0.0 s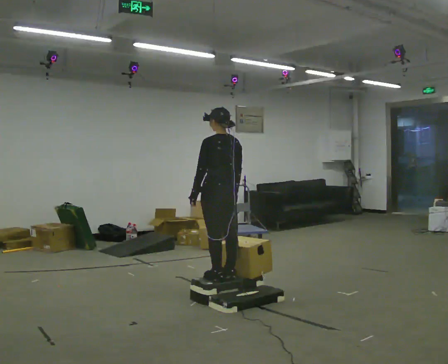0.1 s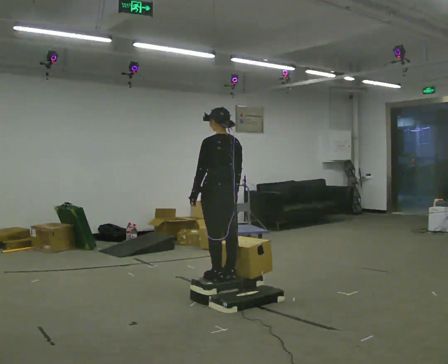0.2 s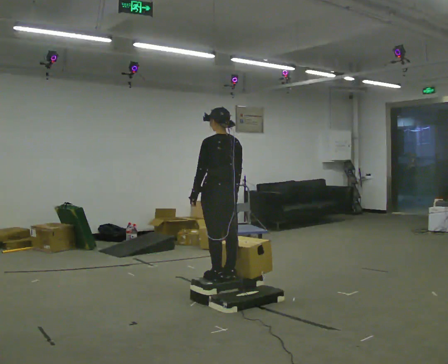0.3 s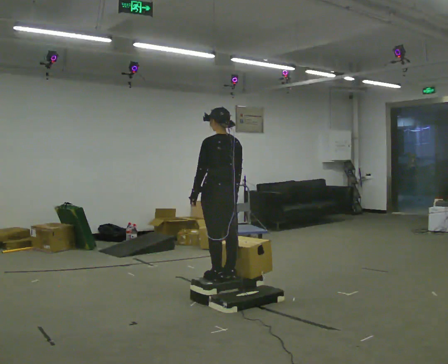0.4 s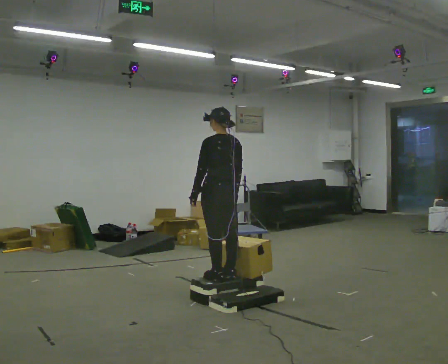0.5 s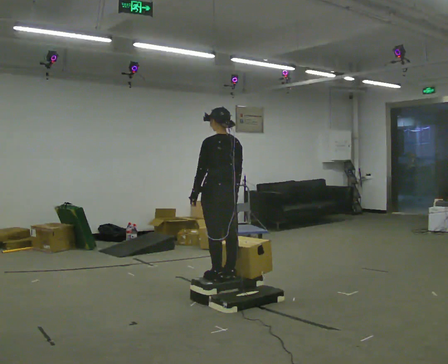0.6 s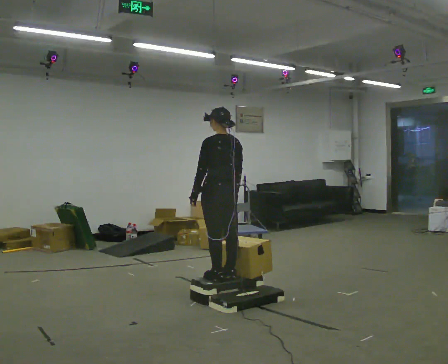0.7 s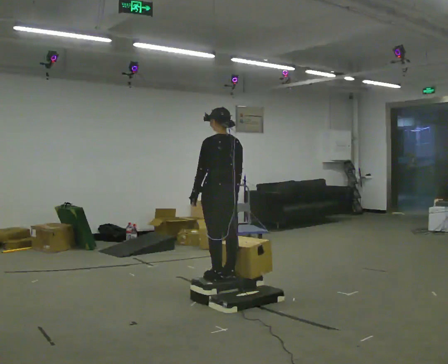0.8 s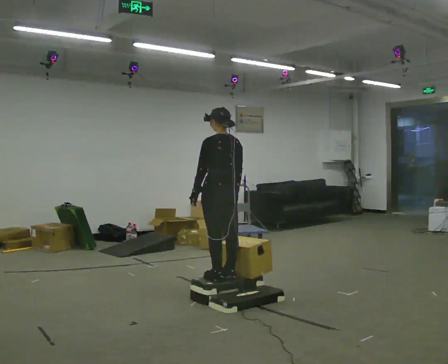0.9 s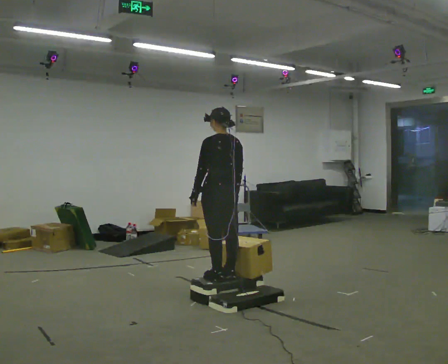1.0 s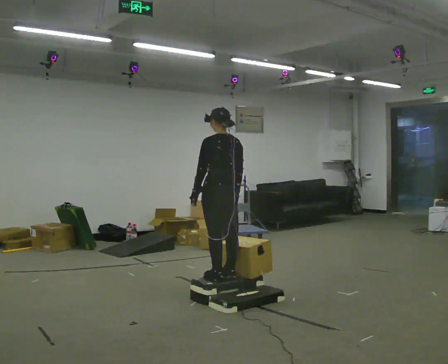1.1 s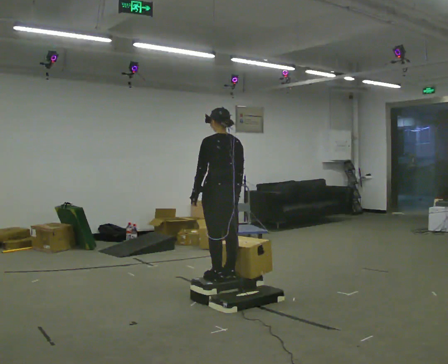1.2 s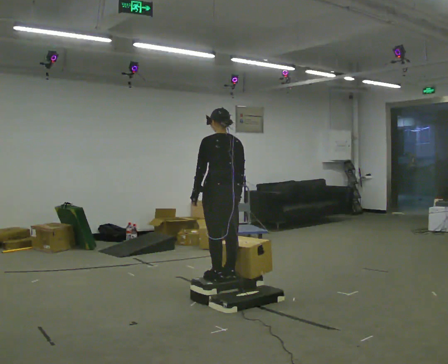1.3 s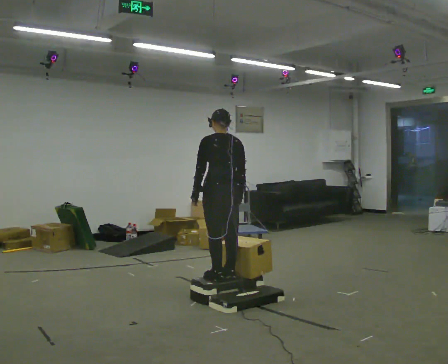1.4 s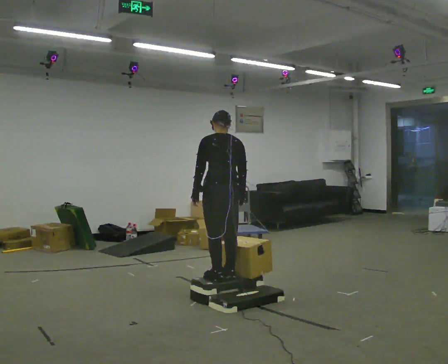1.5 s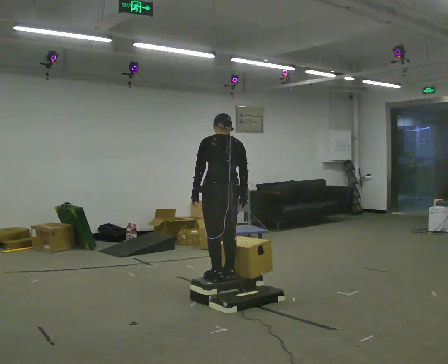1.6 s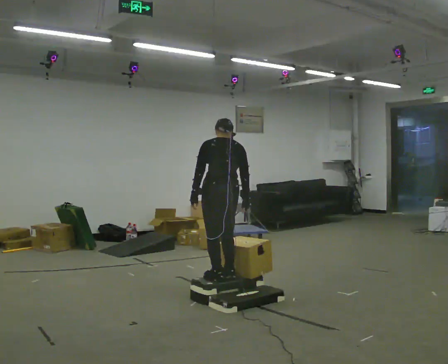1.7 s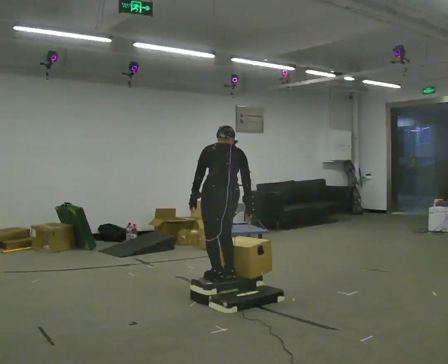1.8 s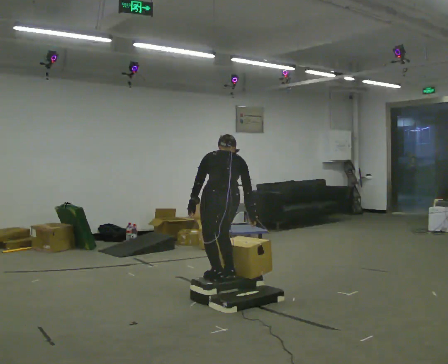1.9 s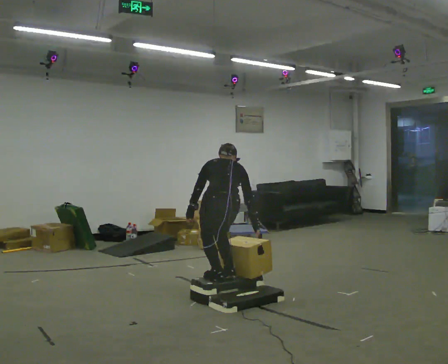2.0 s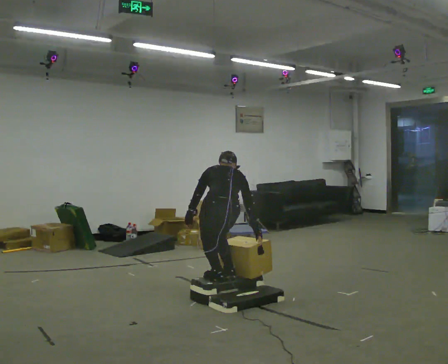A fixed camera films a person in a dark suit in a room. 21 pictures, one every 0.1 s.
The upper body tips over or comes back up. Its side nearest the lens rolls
upward.
The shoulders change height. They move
downward.
0.0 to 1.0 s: The person keeps their place and pose.
1.0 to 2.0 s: The part of the body nearest the lens slides to the left as the person turns to their right by about 30 degrees. The shoulders move downward. The upper body tips away from the camera, its near side rolling upward, as they bend forward. In the picture their right hand goes downward.
The film runs forward here.
